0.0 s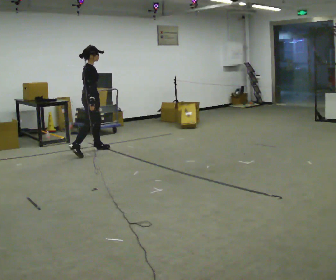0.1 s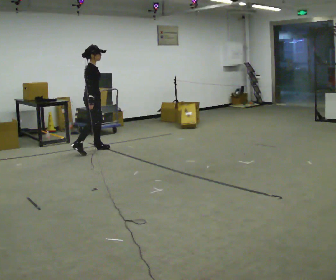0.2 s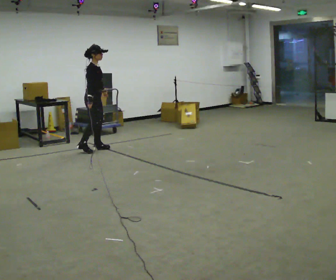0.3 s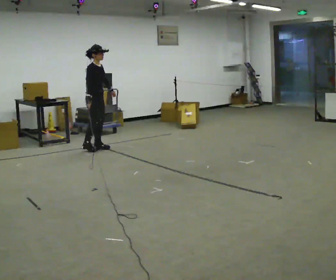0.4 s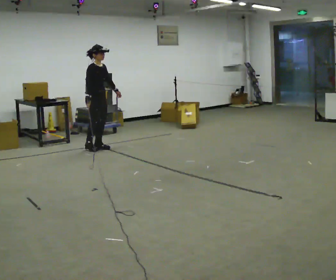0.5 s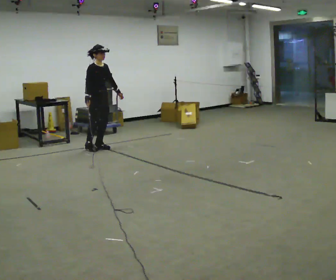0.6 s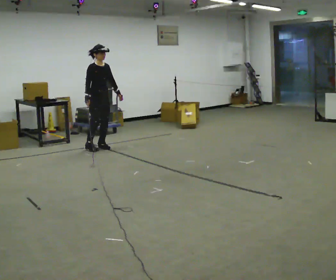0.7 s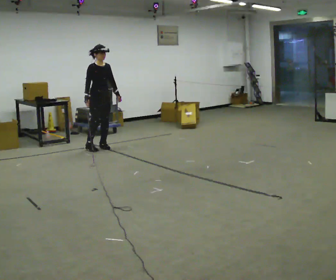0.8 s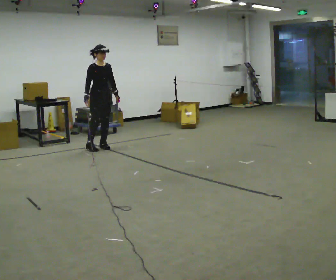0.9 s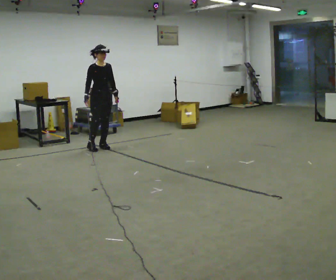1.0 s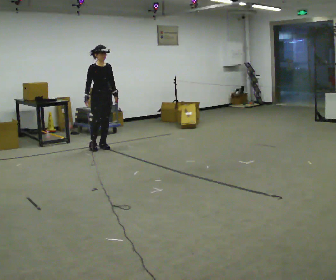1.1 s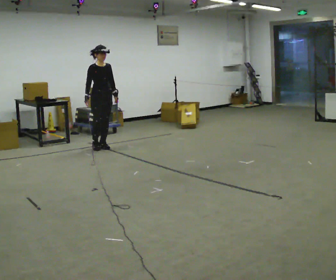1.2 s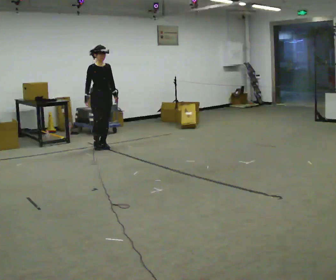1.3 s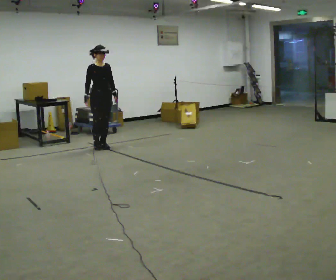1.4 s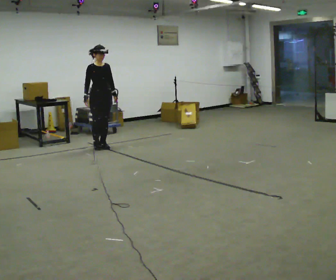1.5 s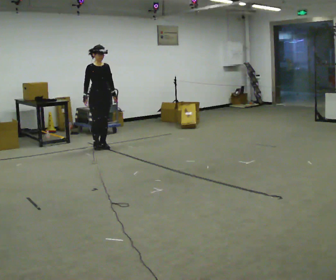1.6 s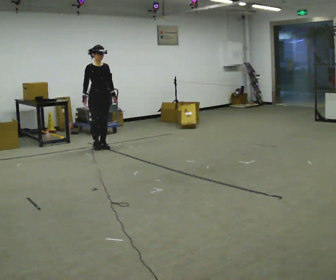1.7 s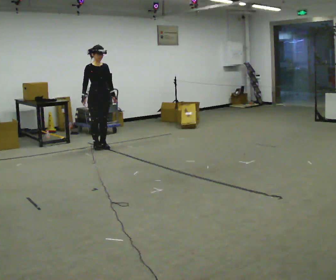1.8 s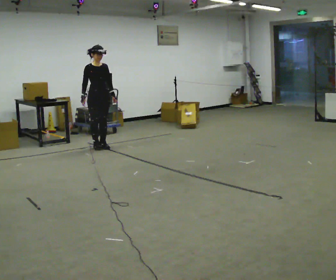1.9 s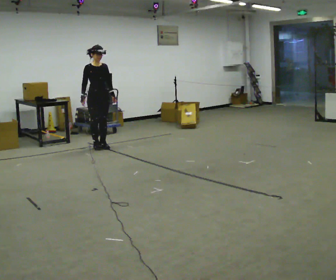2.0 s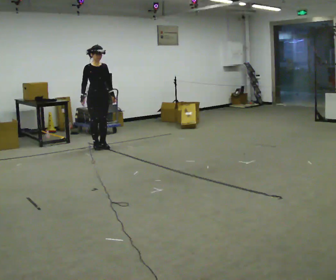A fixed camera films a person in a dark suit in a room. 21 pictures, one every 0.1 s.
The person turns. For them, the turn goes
to their right.
The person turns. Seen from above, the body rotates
clockwise.
0.0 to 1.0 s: The part of the body nearest the lens slides to the left as the person turns to their right by about 75 degrees. In the picture they go away from the camera and to the right, about 0.25 m in 2 steps.
1.0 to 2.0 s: The person moves a little, or ends about where they began.
The film runs forward here.
